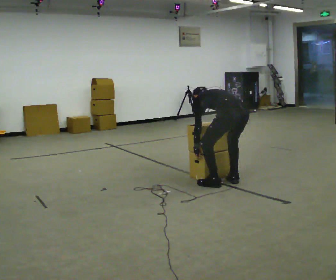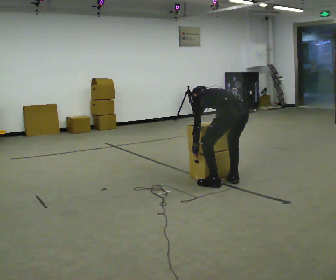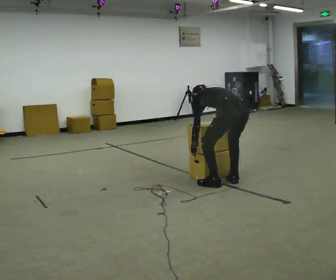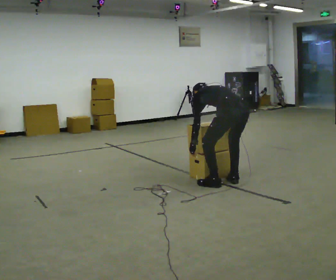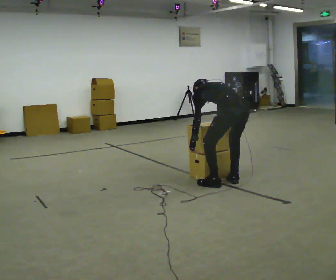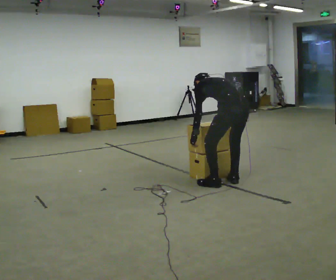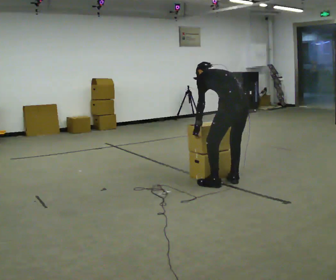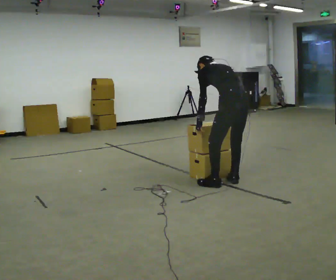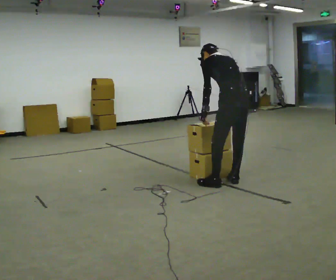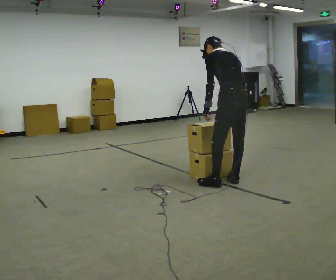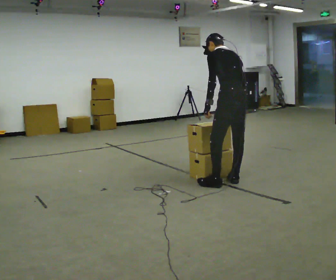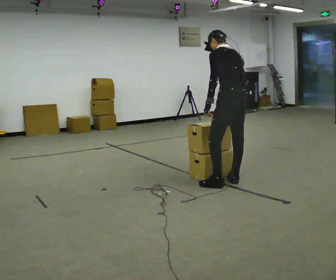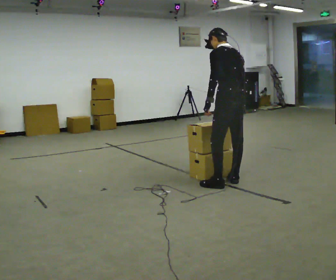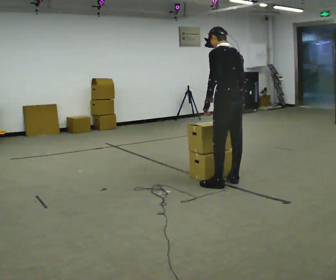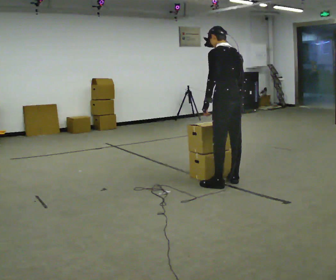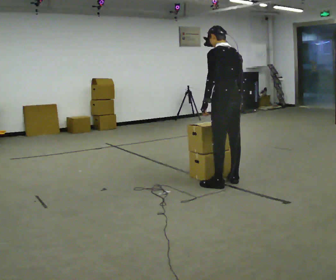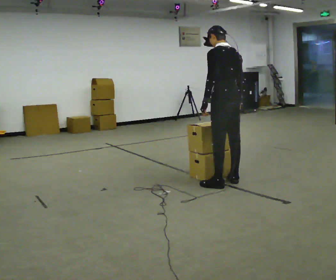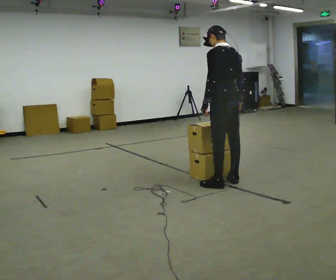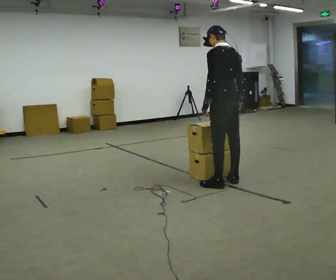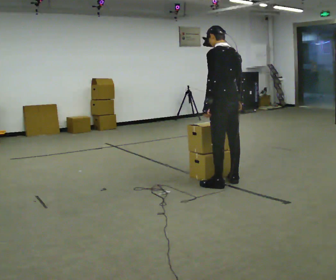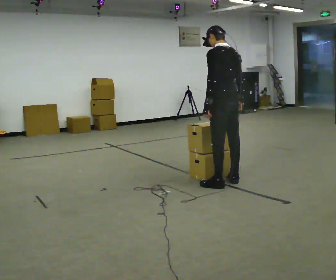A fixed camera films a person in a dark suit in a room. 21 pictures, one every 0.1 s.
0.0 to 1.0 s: The upper body goes upward. The upper body tips toward the camera, its near side rolling downward, as they lean back or straighten. In the picture their right hand goes upward.
1.0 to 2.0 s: The upper body tips toward the camera, its near side rolling downward, as they lean back or straighten.
The film runs backward here.
